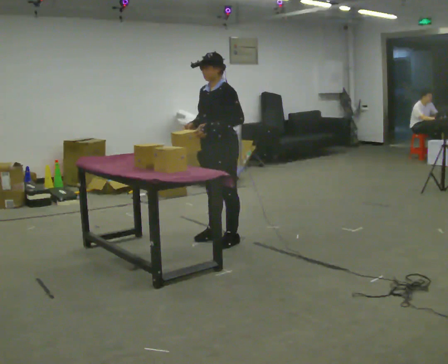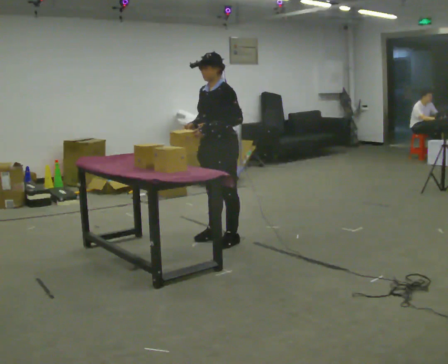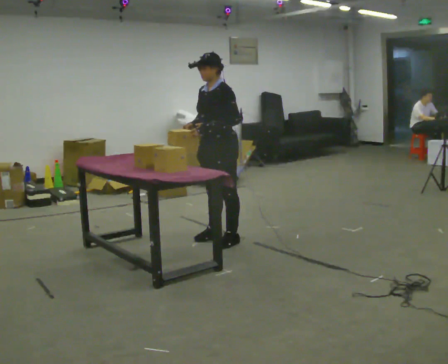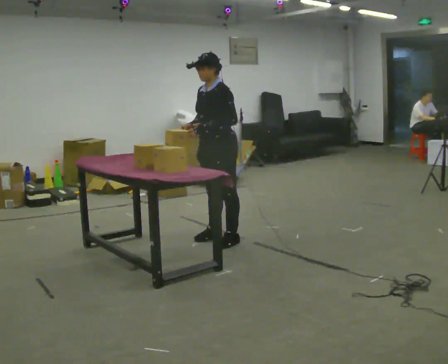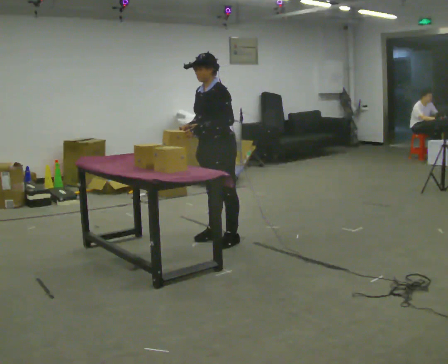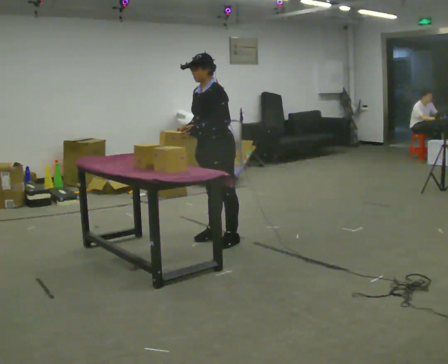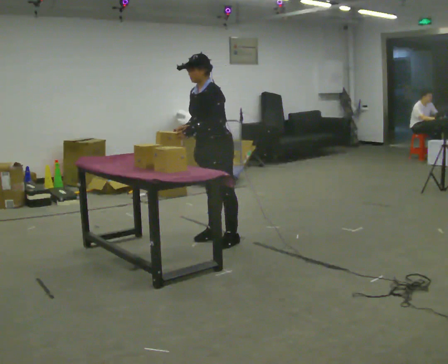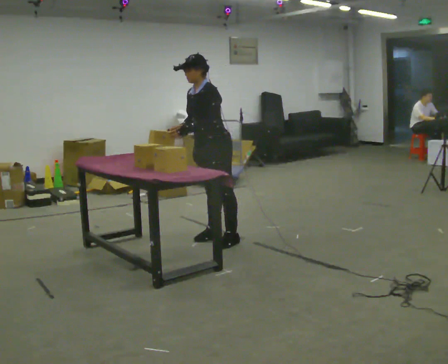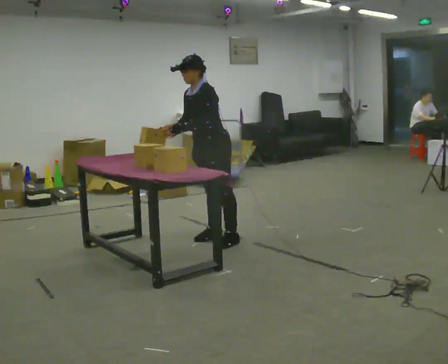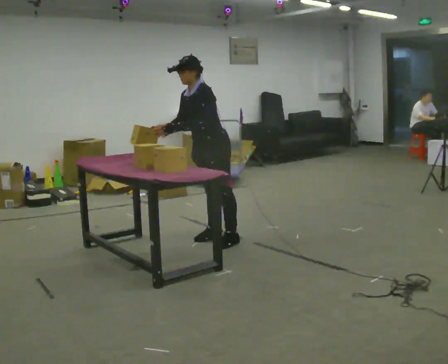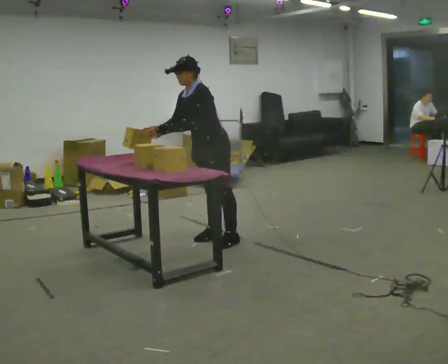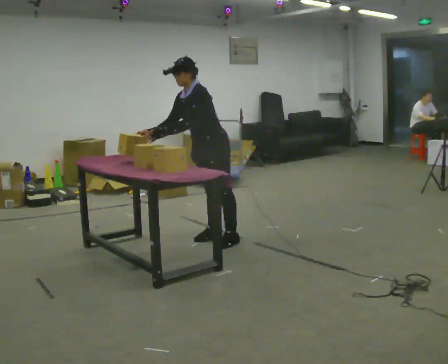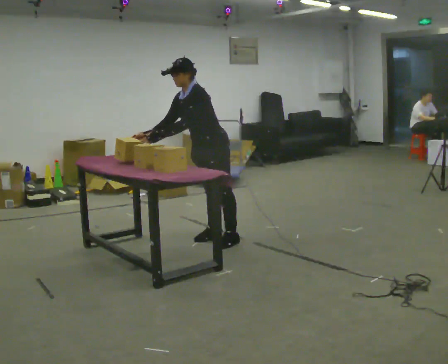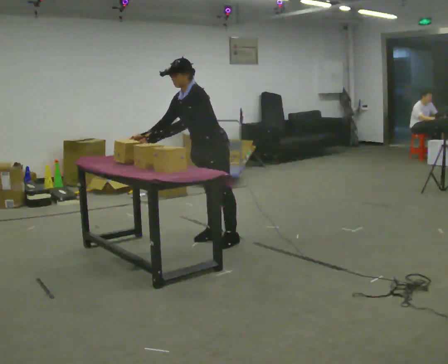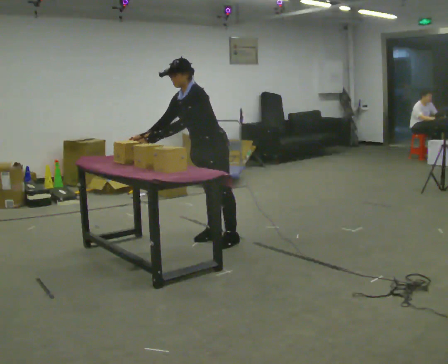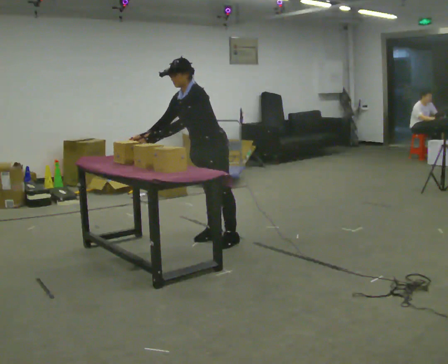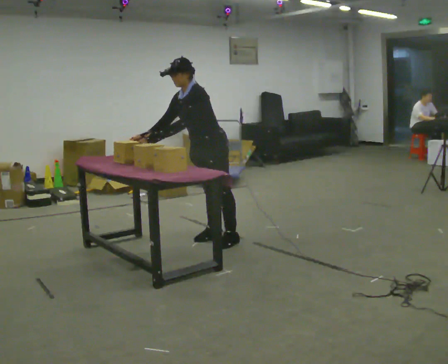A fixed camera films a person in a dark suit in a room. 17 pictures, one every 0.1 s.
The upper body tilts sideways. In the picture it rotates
counterclockwise.
0.0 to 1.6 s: In the picture the upper body tilts counterclockwise, shoulders to the left, as they bend forward. In the picture their left hand goes to the left.
The film runs forward here.
